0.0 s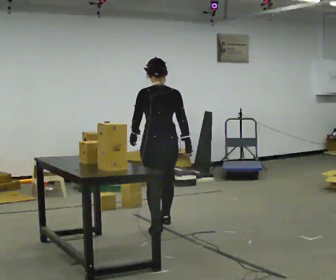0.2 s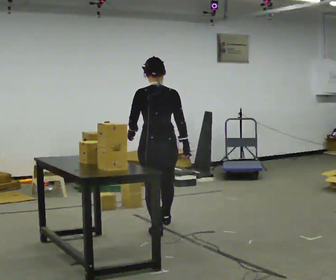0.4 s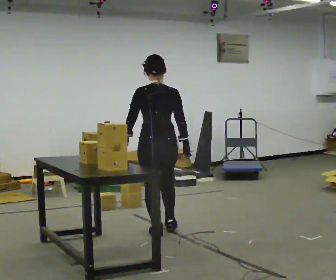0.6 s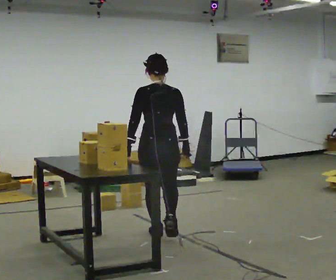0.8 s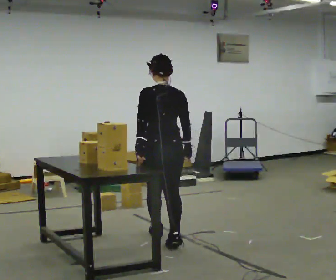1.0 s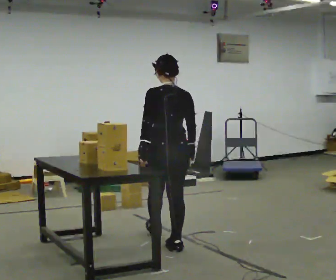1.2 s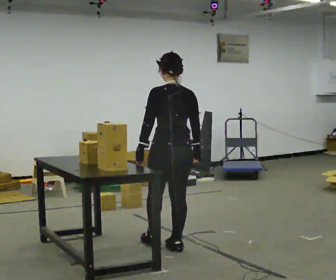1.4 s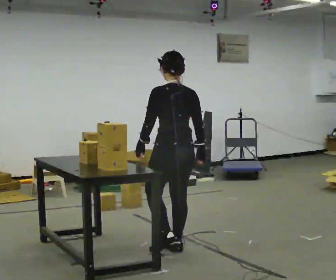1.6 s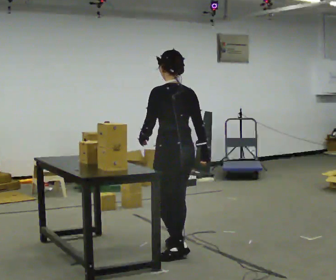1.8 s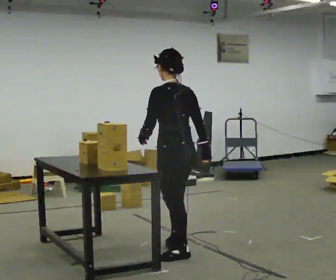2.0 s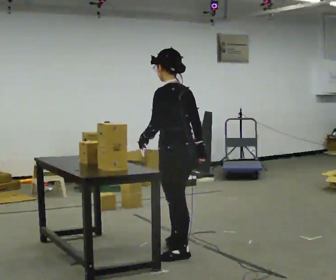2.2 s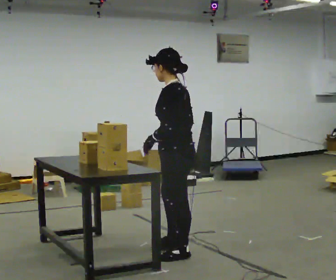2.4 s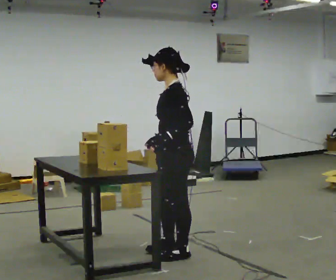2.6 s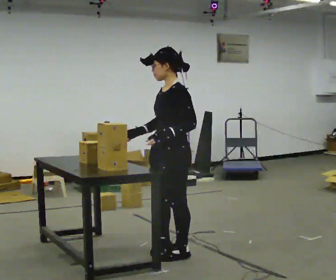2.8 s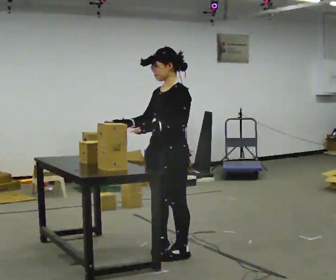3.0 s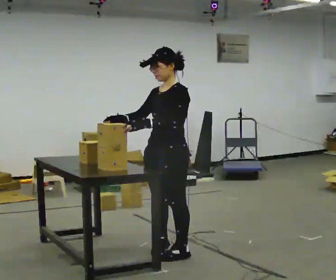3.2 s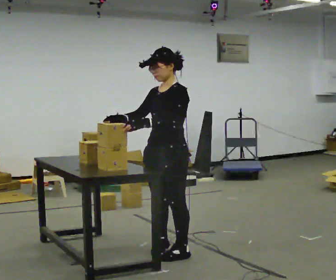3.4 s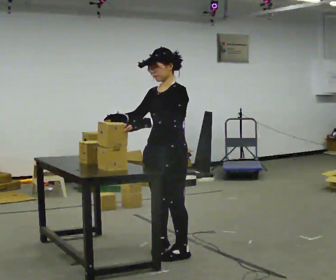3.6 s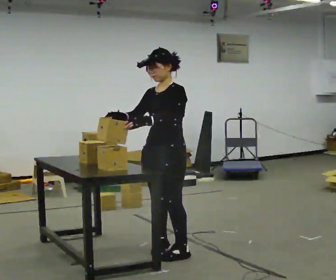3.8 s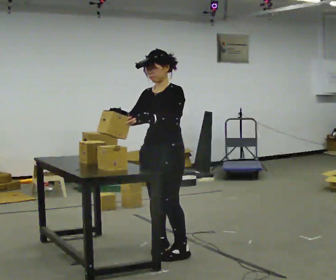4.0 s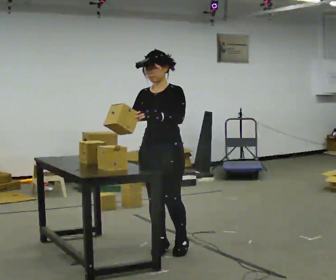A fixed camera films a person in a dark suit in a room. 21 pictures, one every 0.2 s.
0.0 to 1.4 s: In the picture they go toward the camera, about 1 m in 2 steps, which for them is backward.
1.4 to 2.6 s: The part of the body nearest the lens slides to the right as the person turns to their left by about 75 degrees. In the picture they go toward the camera, about 0.25 m. In the picture their right hand goes to the left, the arm swinging clockwise.
2.6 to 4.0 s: The person turns about 45 degrees to their left, counterclockwise seen from above, so the part of the body nearest the lens slides to the right. In the picture they go away from the camera, about 0.25 m in 1 step, which for them is to their right.
The film runs backward here.
